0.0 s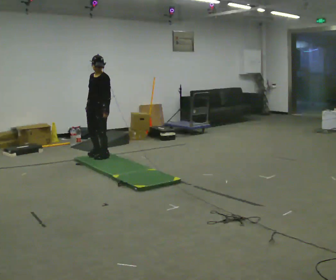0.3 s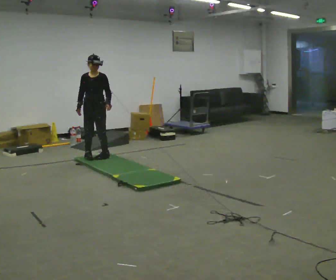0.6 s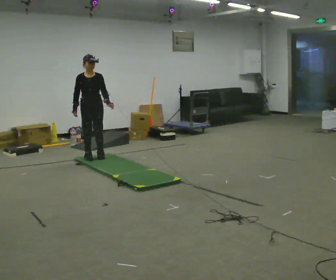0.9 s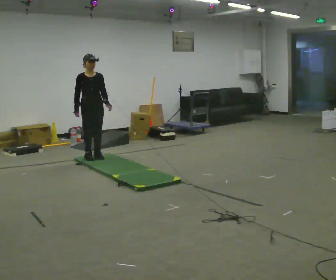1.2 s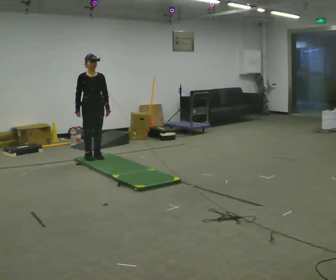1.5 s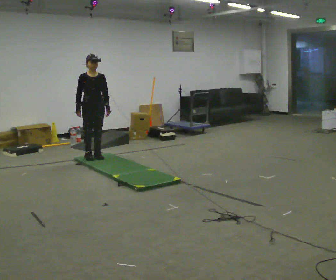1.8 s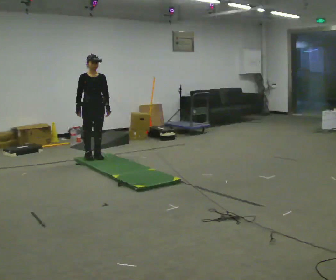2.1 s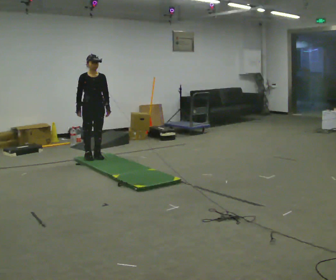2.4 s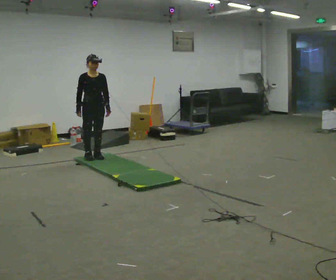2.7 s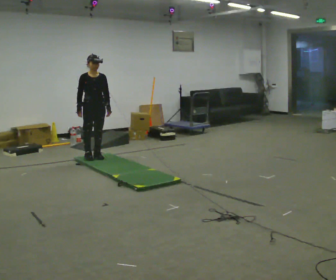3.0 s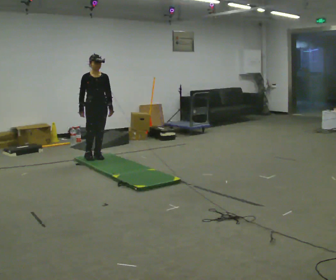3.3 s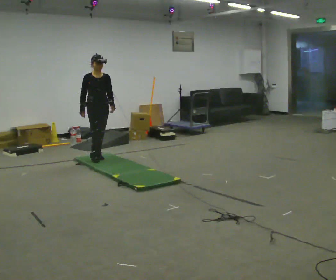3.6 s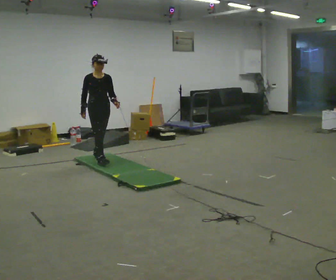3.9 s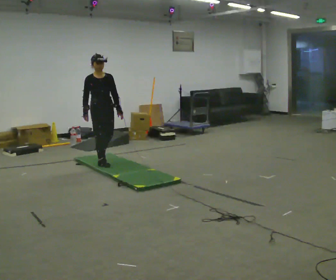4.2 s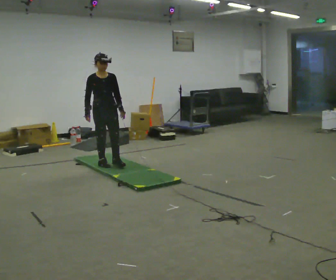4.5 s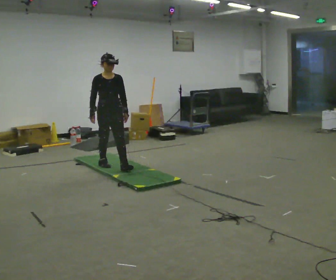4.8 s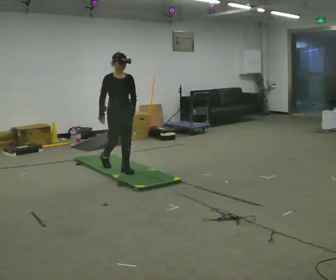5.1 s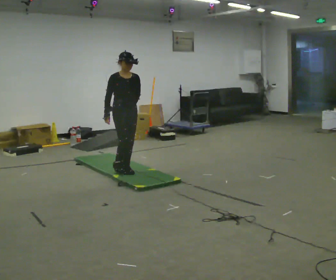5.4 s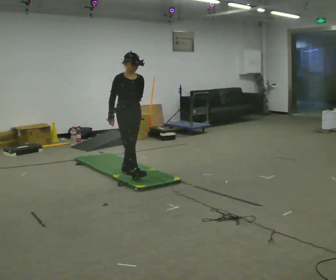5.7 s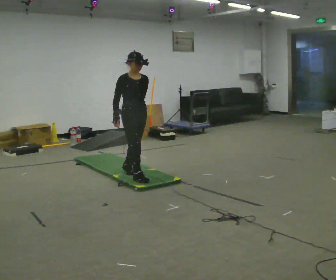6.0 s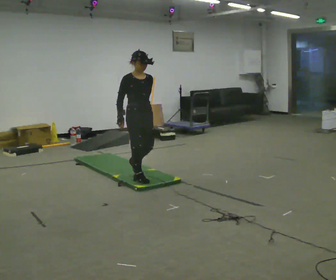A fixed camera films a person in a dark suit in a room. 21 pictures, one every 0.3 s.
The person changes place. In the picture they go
toward the camera.
The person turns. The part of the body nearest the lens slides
to the right.
0.0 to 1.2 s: The part of the body nearest the lens slides to the right as the person turns to their left by about 60 degrees.
1.2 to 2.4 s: The person keeps their place and pose.
2.4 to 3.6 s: The person moves a little, or ends about where they began.
3.6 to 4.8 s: In the picture they go toward the camera, about 0.5 m in 1 step, which for them is forward.
4.8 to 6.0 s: In the picture they go toward the camera, about 0.5 m in 1 step, which for them is forward.
The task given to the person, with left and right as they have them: Walk across the soft uneven mat at a comfortable speed; continue walking normally after you leave it.
The film runs forward here.
